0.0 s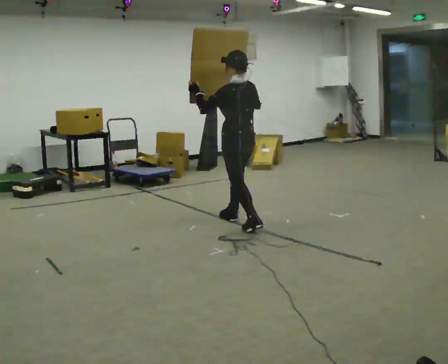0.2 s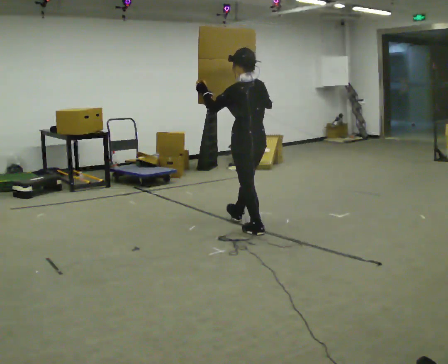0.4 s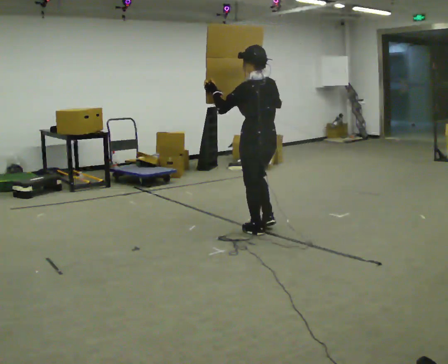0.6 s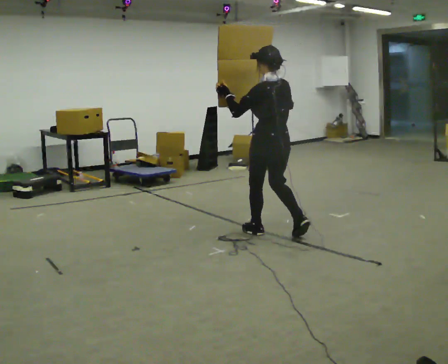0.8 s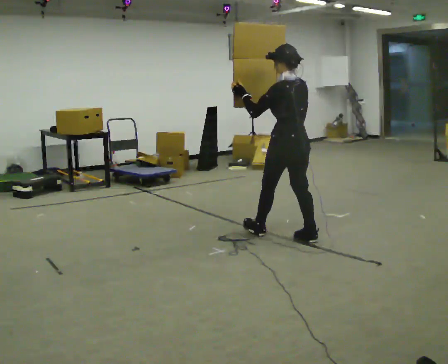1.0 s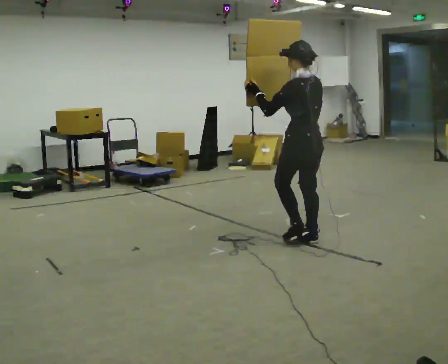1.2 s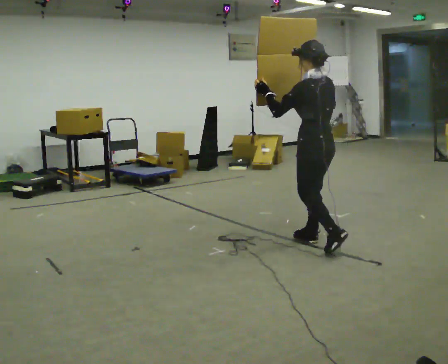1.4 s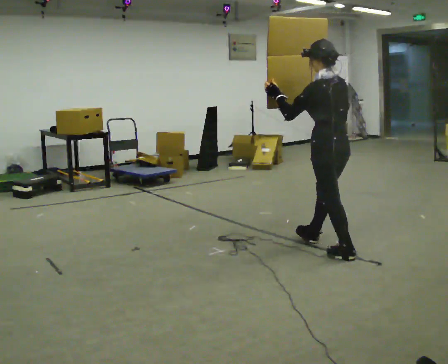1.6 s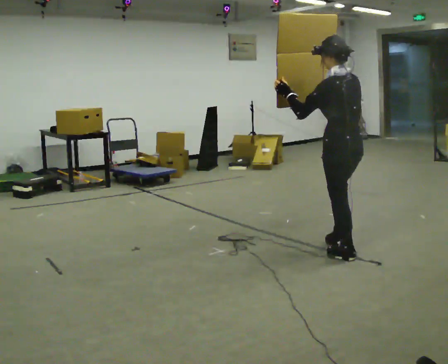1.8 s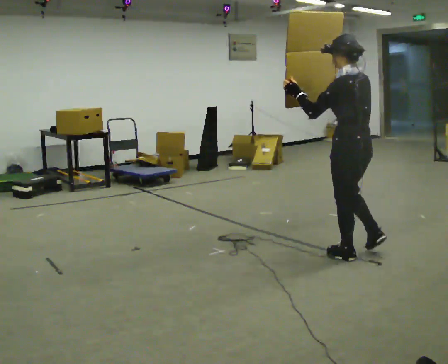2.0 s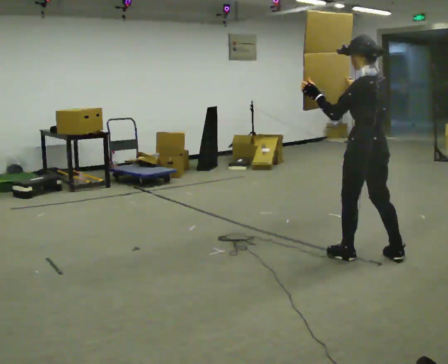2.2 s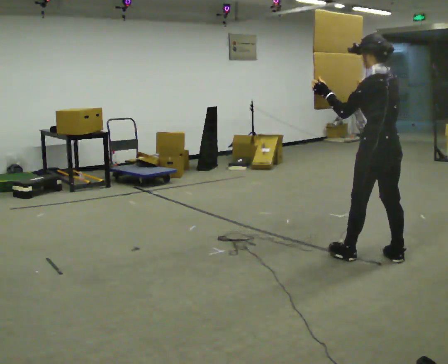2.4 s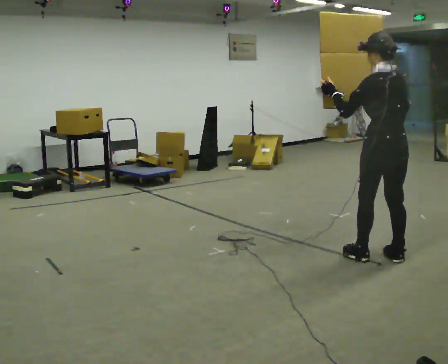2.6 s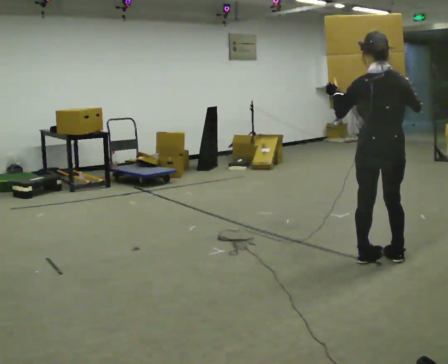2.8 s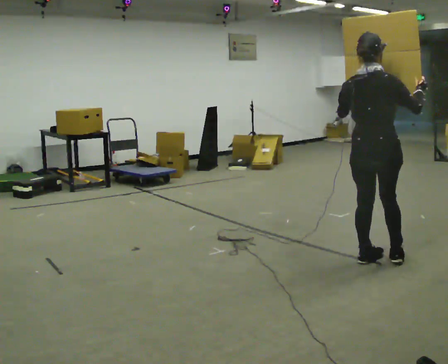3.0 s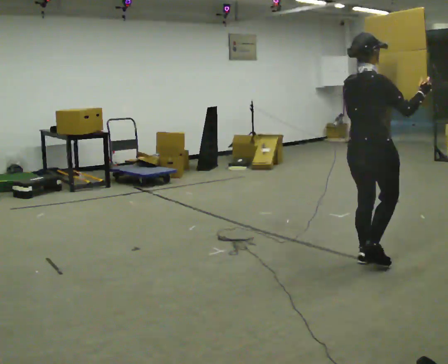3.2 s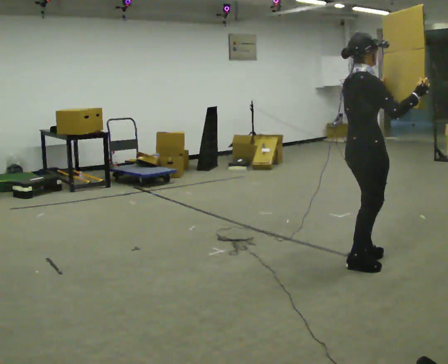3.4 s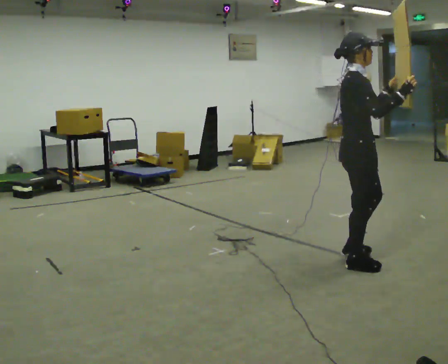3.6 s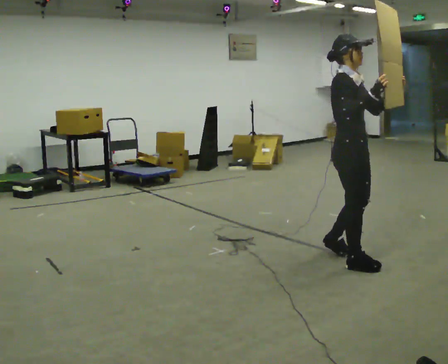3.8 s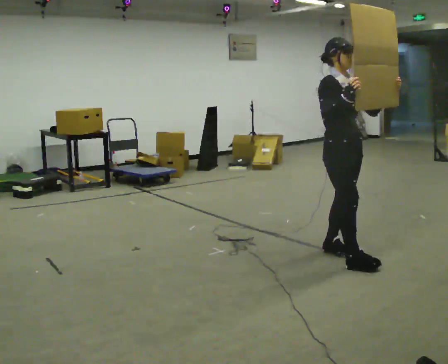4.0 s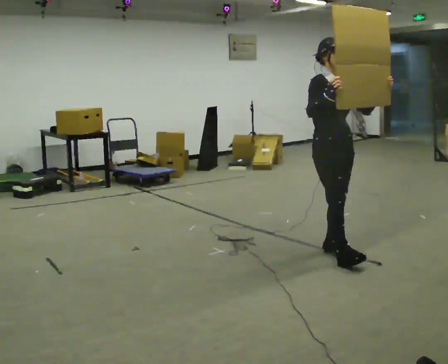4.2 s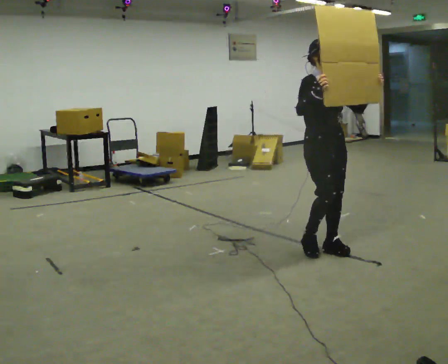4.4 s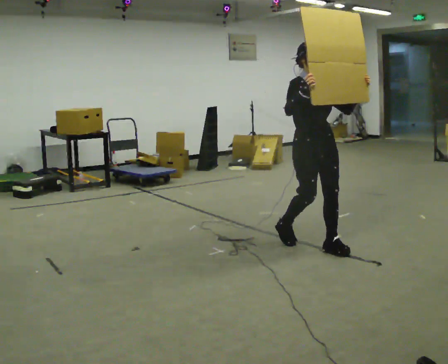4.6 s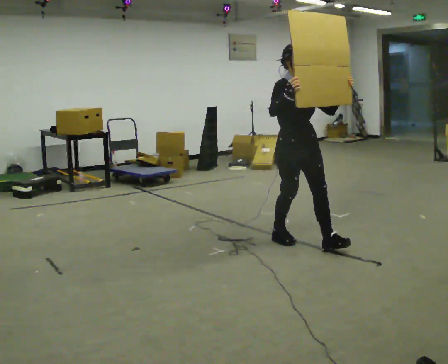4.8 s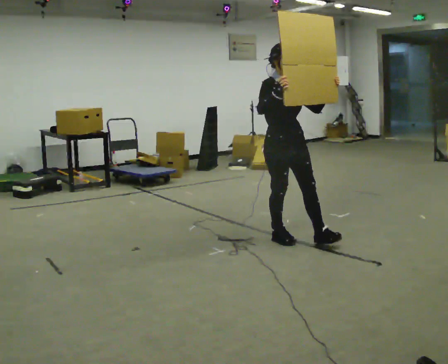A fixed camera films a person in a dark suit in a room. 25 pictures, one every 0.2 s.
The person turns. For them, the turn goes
to their right.
The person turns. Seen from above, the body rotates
clockwise.
0.0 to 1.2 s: In the picture they go to the right and toward the camera, about 1 m in 2 steps, which for them is backward.
1.2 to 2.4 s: In the picture they go to the right and toward the camera, about 0.75 m in 1 step, which for them is backward.
2.4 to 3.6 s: The part of the body nearest the lens slides to the left as the person turns to their right by about 135 degrees. In the picture they go to the left, about 0.25 m in 2 steps.
3.6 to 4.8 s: Seen from above the body turns clockwise, about 30 degrees: to their right, with its near side sliding to the left. In the picture they go to the left and away from the camera, about 0.5 m in 2 steps, which for them is backward.
The film runs backward here.
